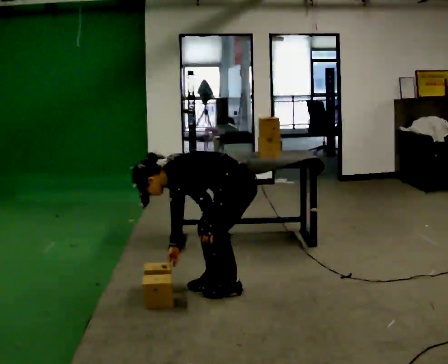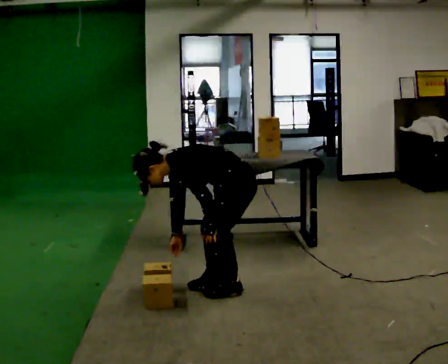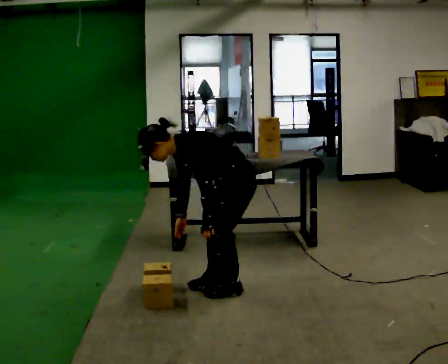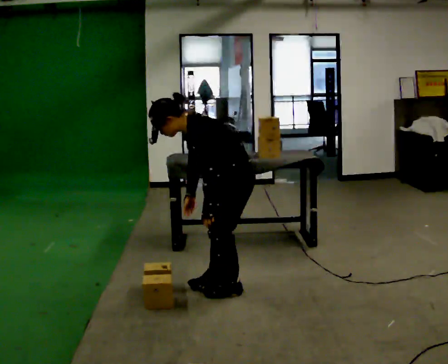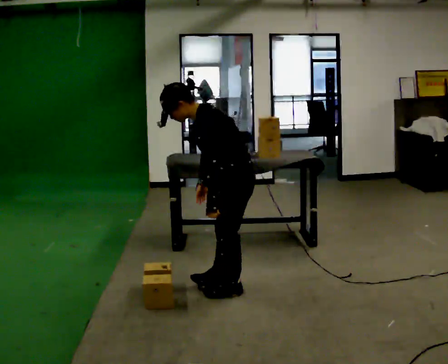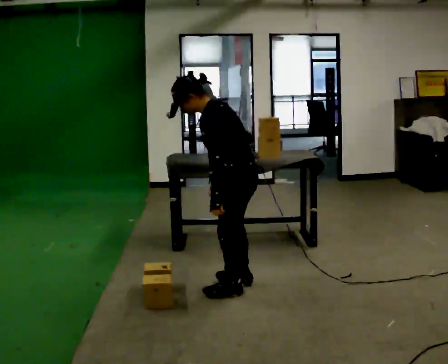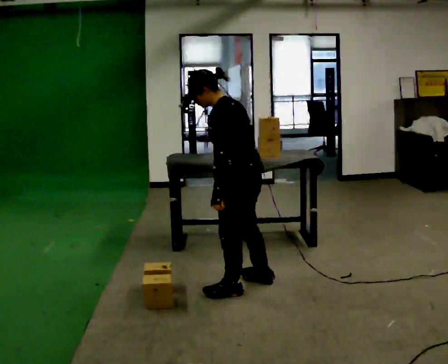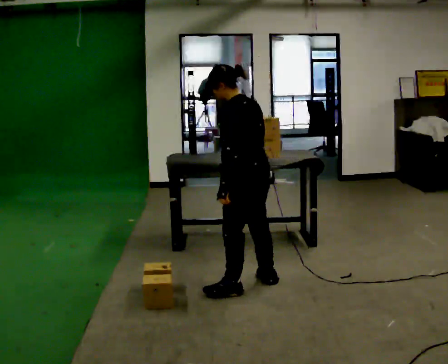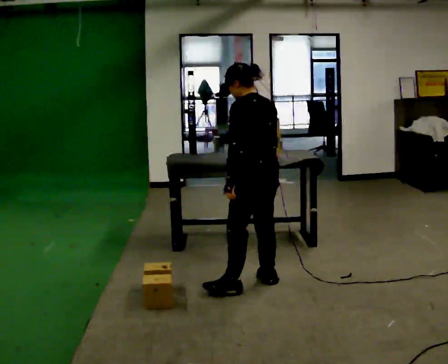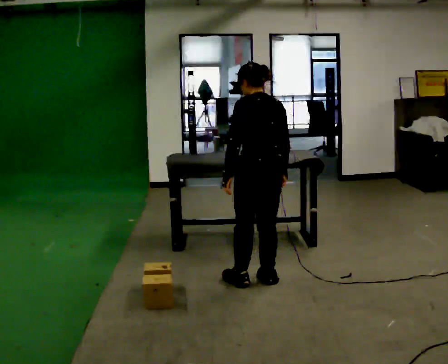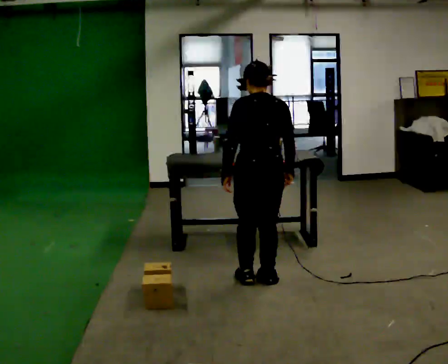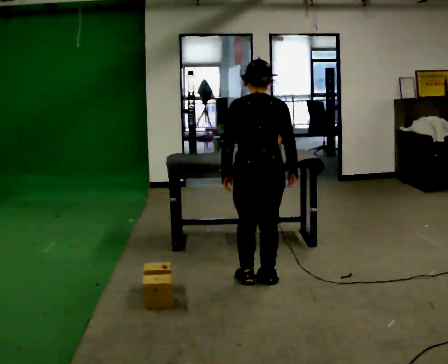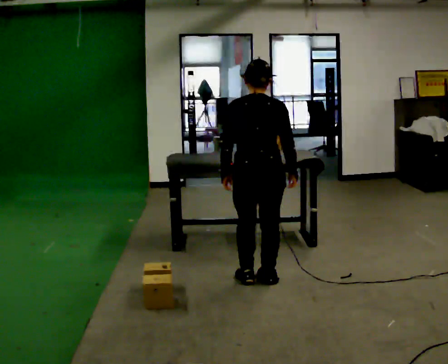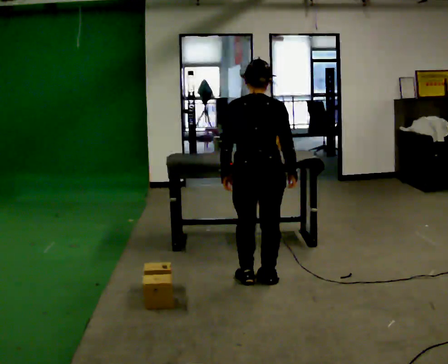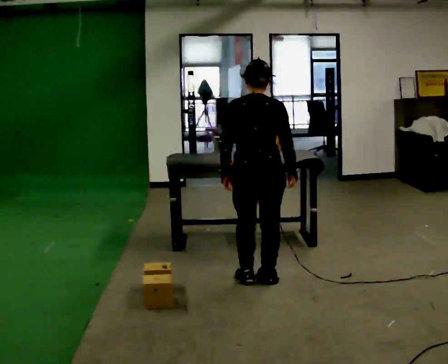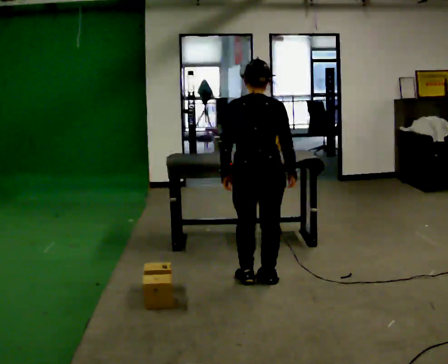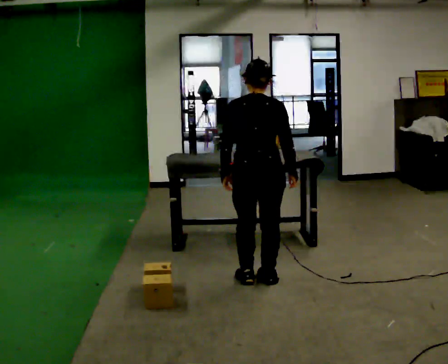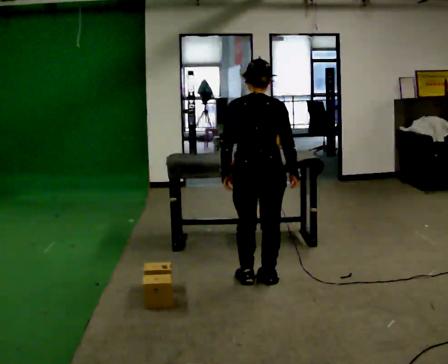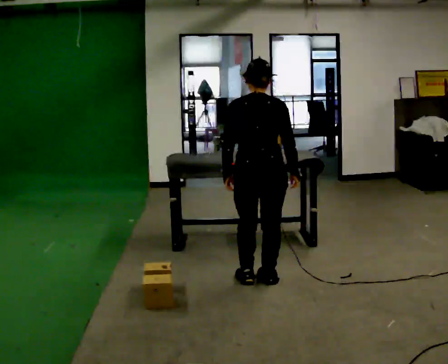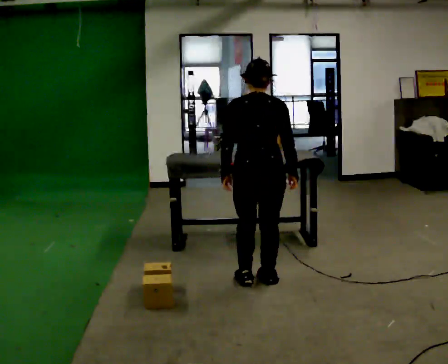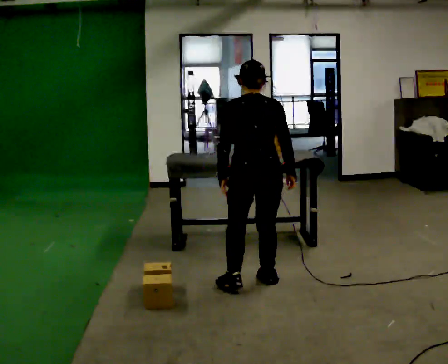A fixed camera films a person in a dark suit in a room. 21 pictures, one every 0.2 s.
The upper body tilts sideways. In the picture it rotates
clockwise.
The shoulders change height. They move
upward.
0.0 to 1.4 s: Seen from above the body turns clockwise, about 30 degrees: to their right, with its near side sliding to the left. The upper body goes upward. In the picture the upper body tilts clockwise, shoulders to the right, as they lean back or straighten.
1.4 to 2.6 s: Seen from above the body turns clockwise, about 60 degrees: to their right, with its near side sliding to the left. In the picture they go away from the camera, about 0.25 m in 1 step, which for them is forward.
2.6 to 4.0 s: The person moves a little, or ends about where they began.
The film runs backward here.
